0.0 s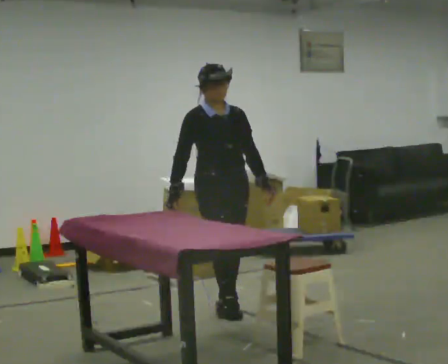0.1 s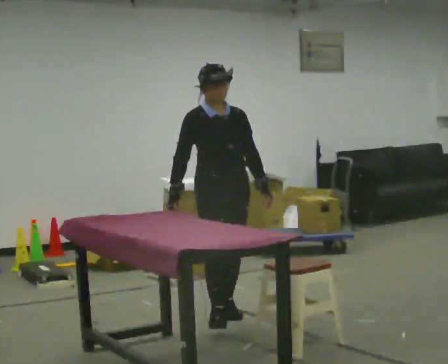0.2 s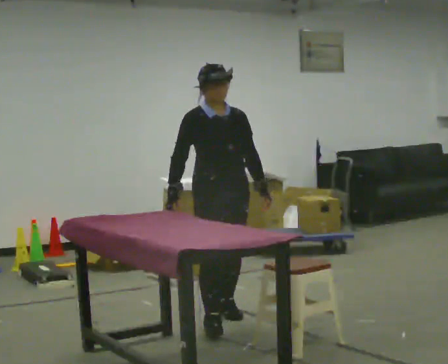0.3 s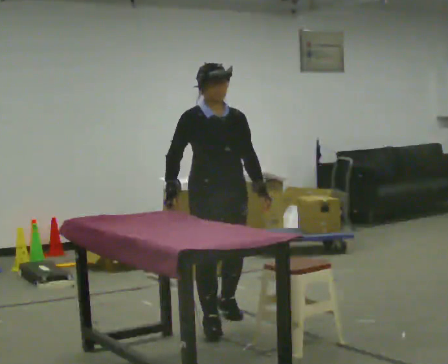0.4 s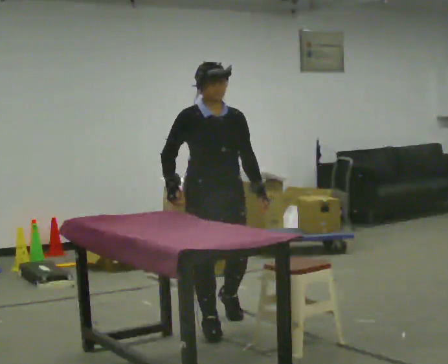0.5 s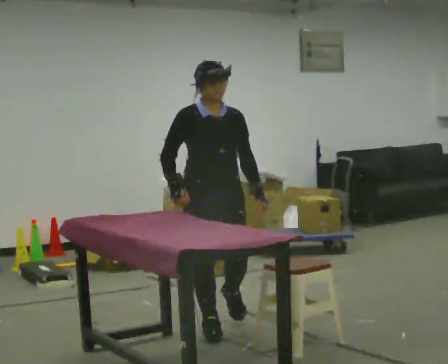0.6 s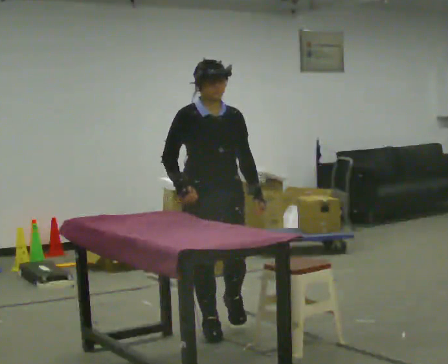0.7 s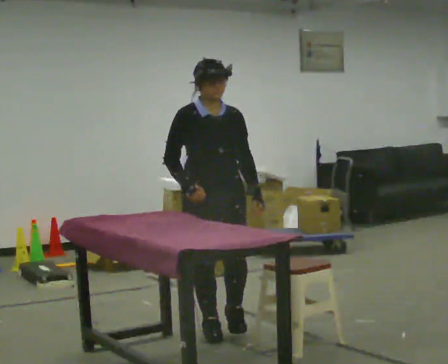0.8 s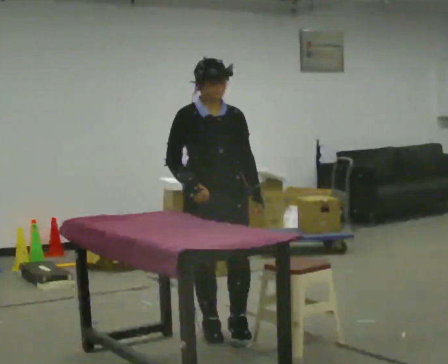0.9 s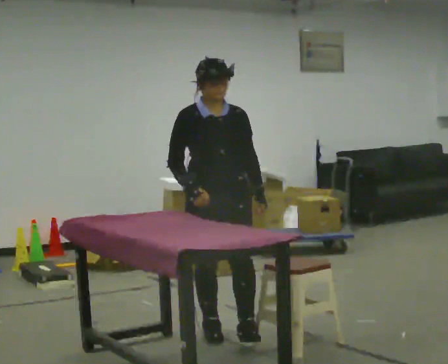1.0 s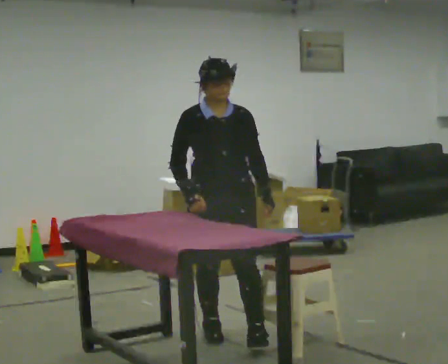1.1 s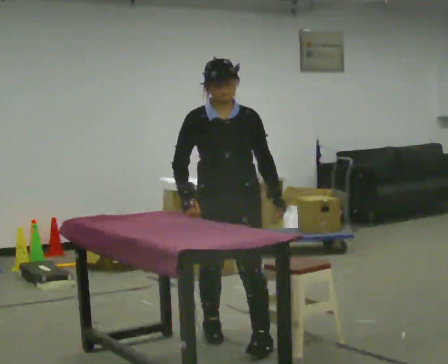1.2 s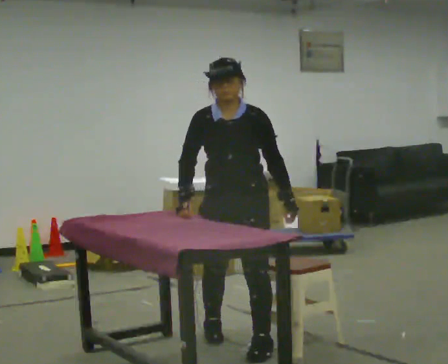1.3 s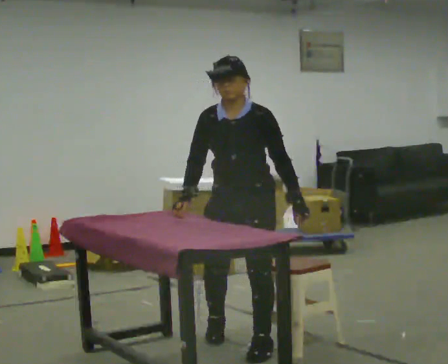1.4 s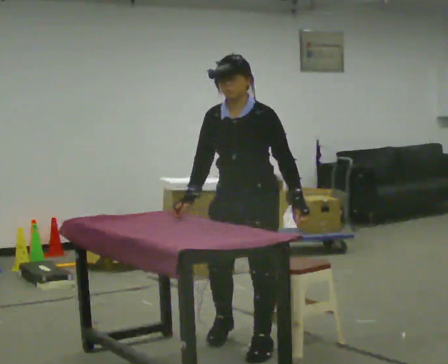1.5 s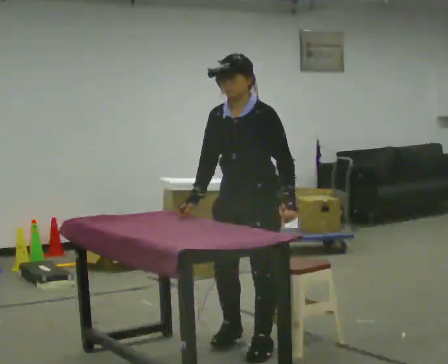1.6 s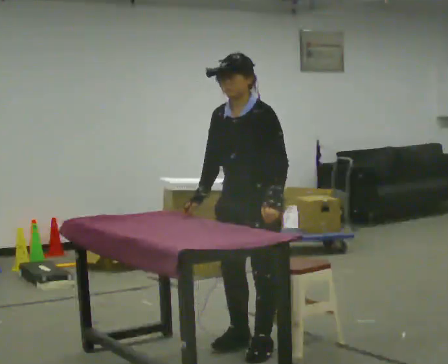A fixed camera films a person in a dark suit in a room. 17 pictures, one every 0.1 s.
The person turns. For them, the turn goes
to their right.
The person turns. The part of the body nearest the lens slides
to the left.
0.0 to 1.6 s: Seen from above the body turns clockwise, about 75 degrees: to their right, with its near side sliding to the left. In the picture they go toward the camera, about 0.5 m in 2 steps.
The film runs forward here.
